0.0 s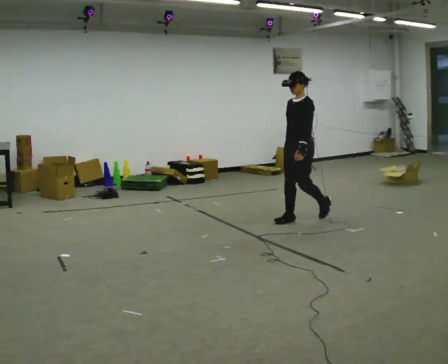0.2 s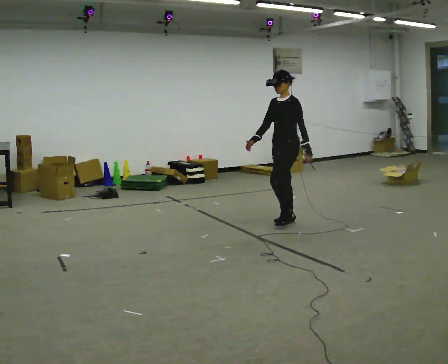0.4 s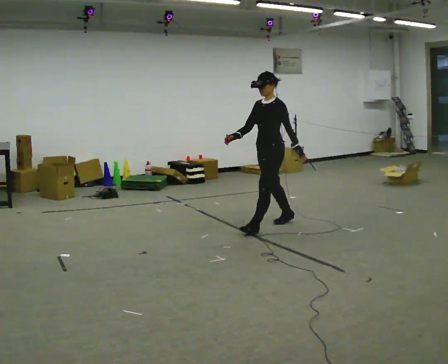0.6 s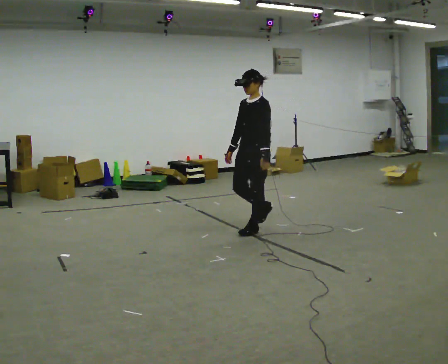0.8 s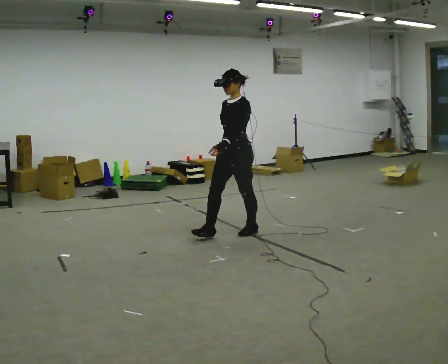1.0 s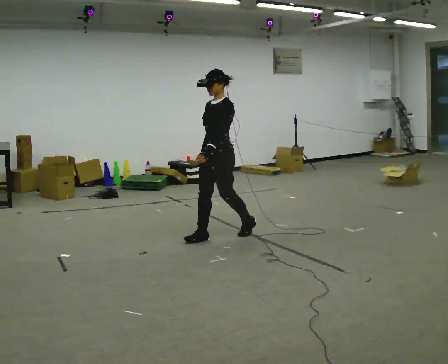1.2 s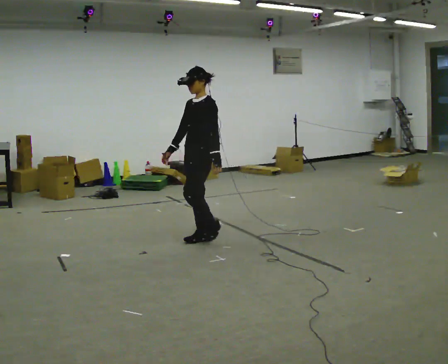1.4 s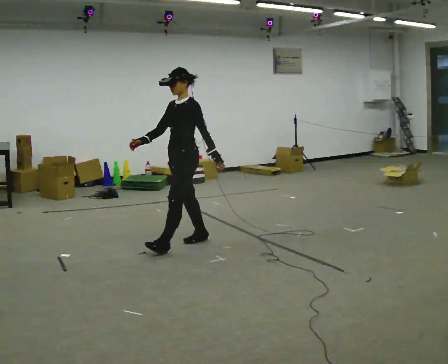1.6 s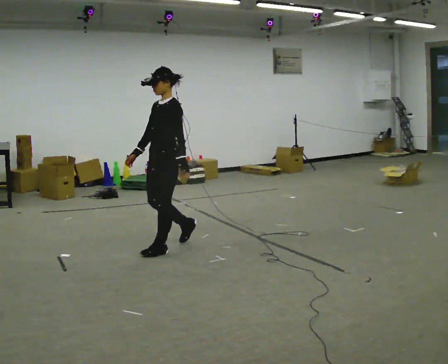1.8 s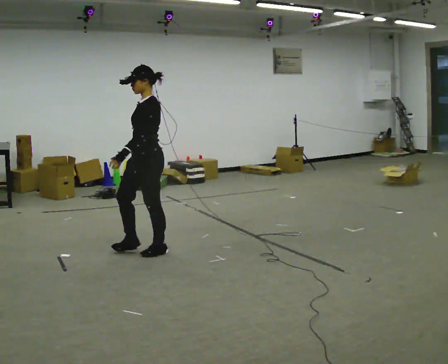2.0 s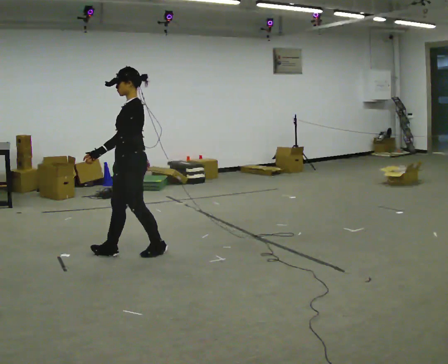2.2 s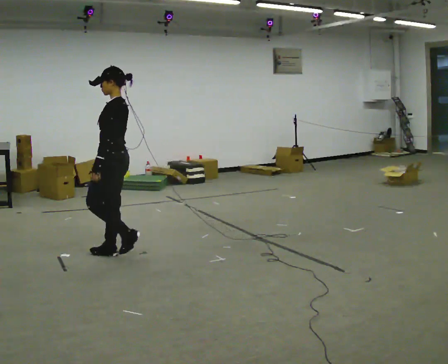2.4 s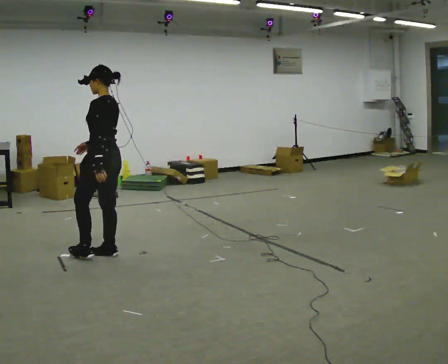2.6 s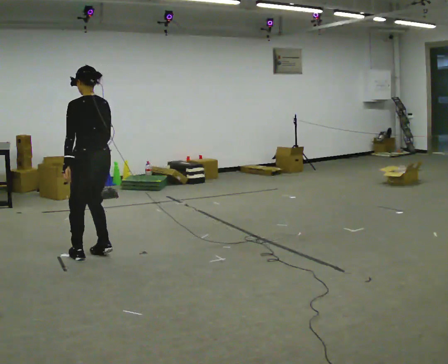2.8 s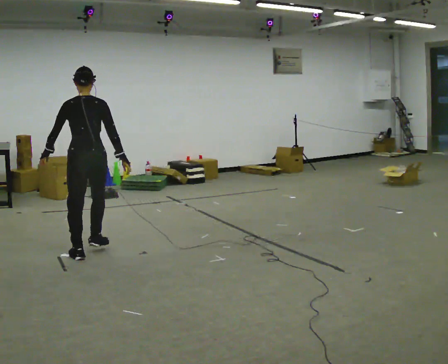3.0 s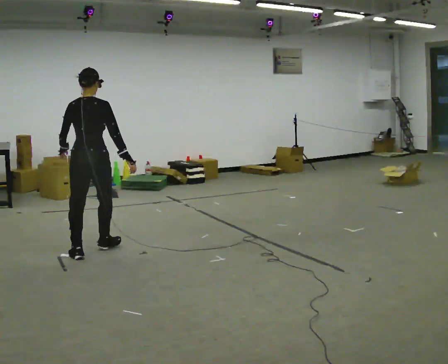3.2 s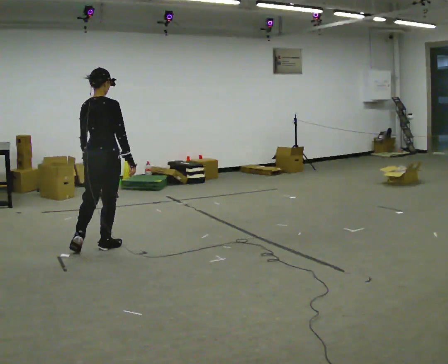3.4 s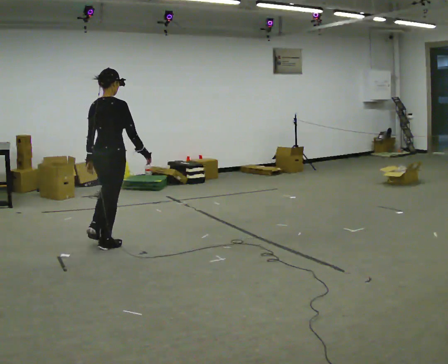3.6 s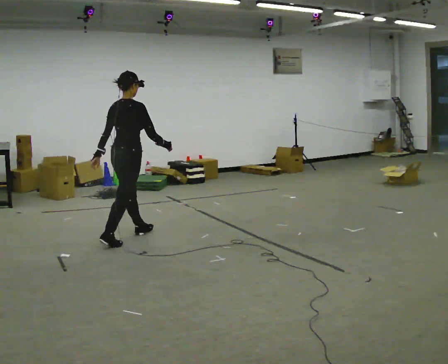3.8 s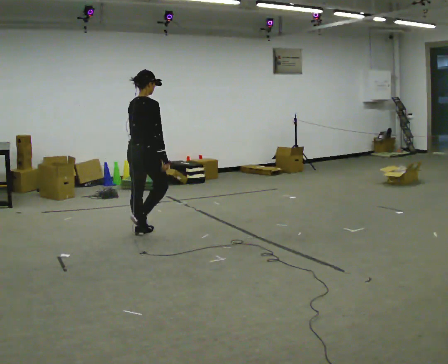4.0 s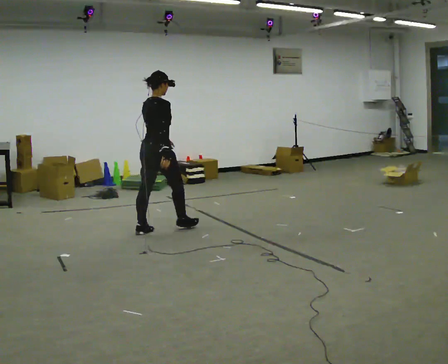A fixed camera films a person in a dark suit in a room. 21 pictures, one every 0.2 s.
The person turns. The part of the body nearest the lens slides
to the left.
The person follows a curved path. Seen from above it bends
clockwise.
0.0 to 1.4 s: In the picture they go to the left and toward the camera, about 1.5 m in 2 steps, which for them is forward.
1.4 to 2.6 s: The part of the body nearest the lens slides to the left as the person turns to their right by about 90 degrees. In the picture they go to the left, about 1 m in 3 steps.
2.6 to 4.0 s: Seen from above the body turns clockwise, about 75 degrees: to their right, with its near side sliding to the left. In the picture they go away from the camera and to the right, about 1 m in 2 steps.
The film runs forward here.
